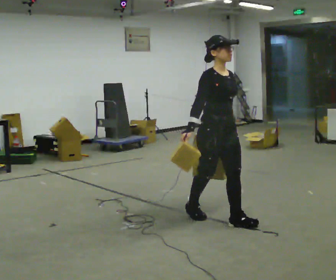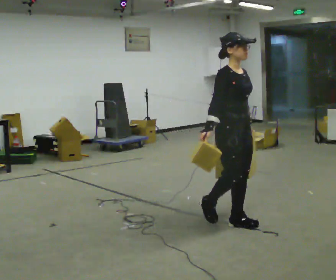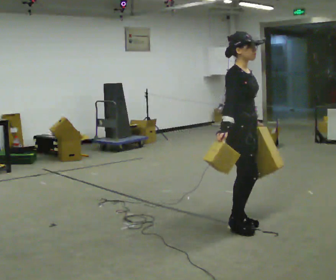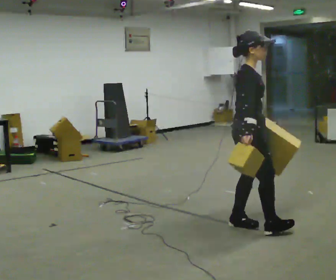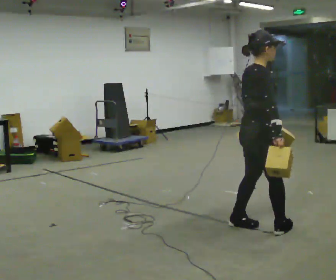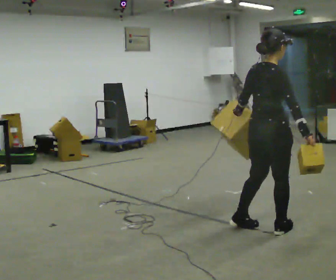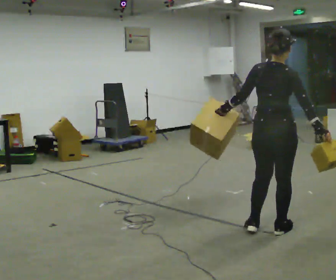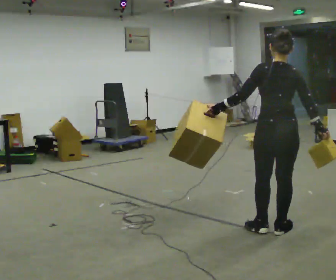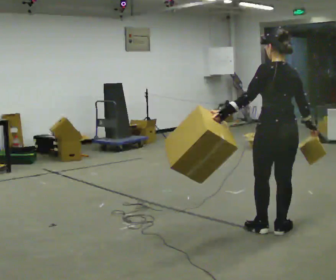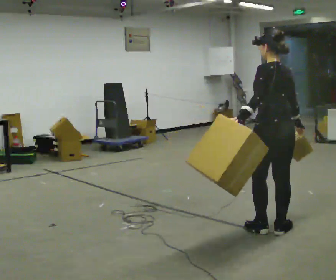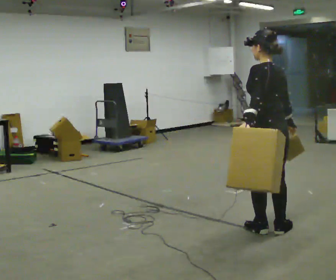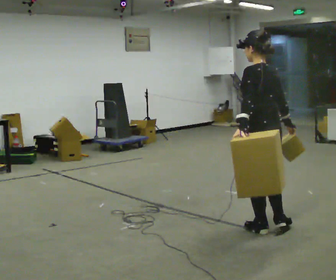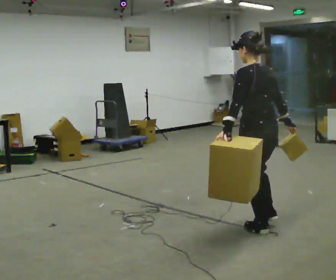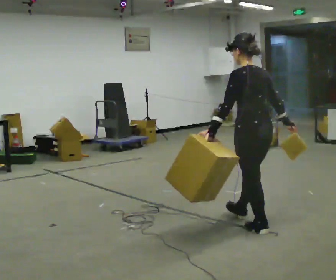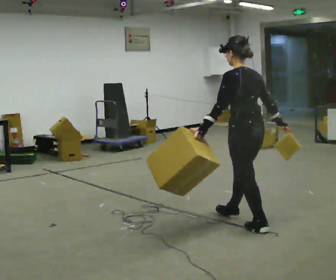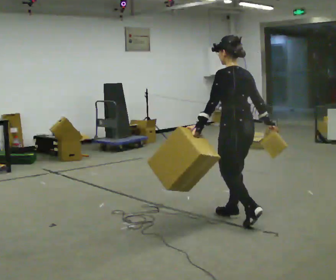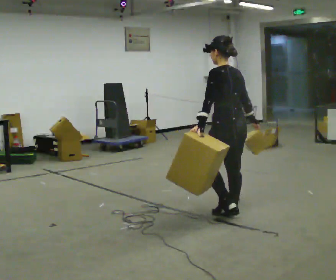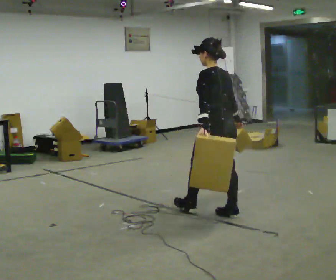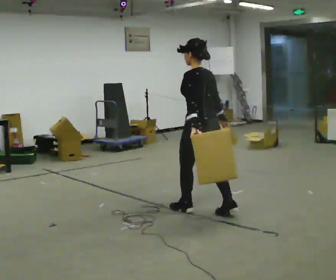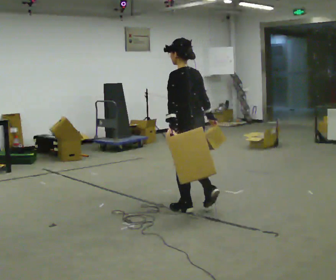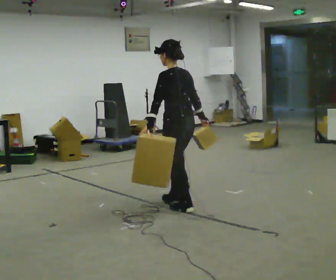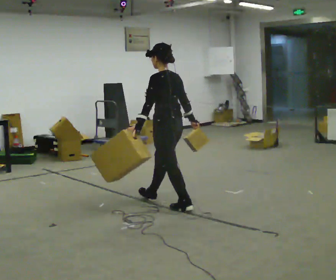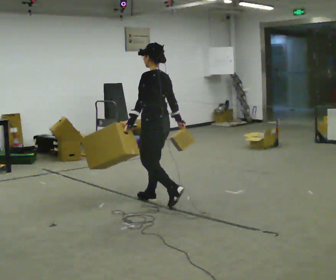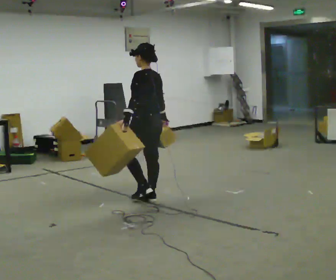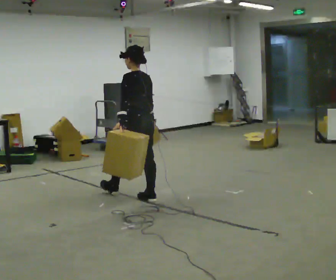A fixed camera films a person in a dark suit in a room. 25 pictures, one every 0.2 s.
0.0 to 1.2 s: The part of the body nearest the lens slides to the right as the person turns to their left by about 135 degrees. In the picture they go to the right and toward the camera, about 0.5 m in 2 steps.
1.2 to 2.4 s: Seen from above the body turns counterclockwise, about 45 degrees: to their left, with its near side sliding to the right. In the picture they go to the left, about 0.25 m, which for them is forward.
2.4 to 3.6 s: In the picture they go to the left and away from the camera, about 0.5 m in 2 steps, which for them is forward.
3.6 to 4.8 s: In the picture they go to the left and away from the camera, about 1 m in 2 steps, which for them is forward.
The film runs forward here.
